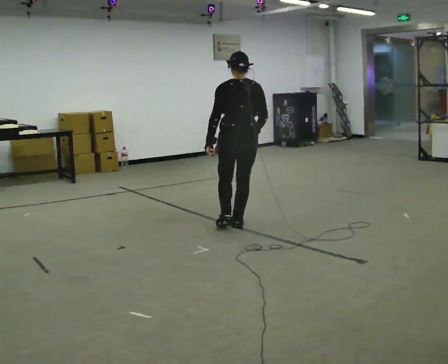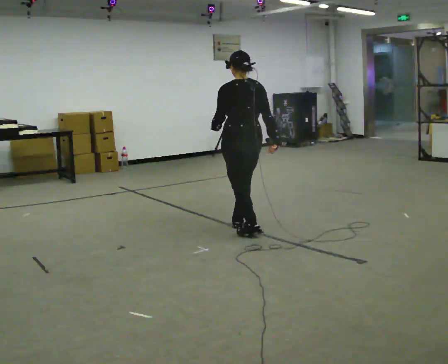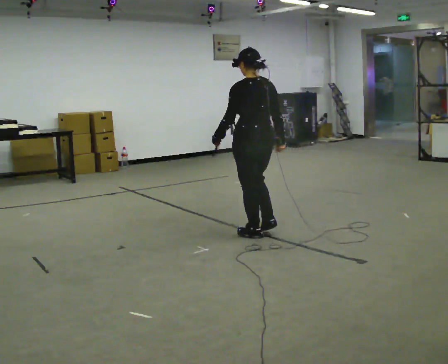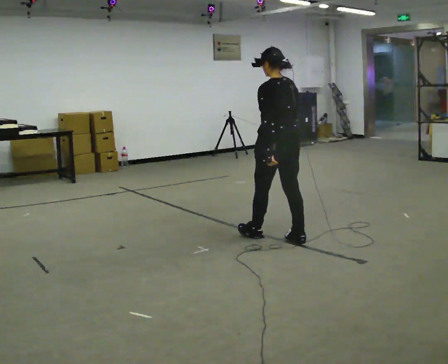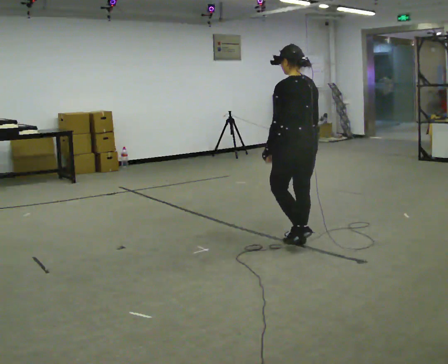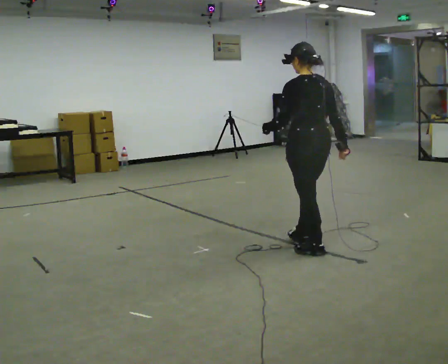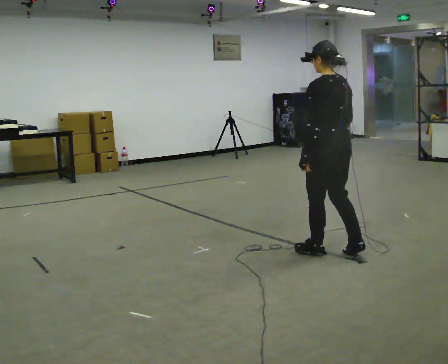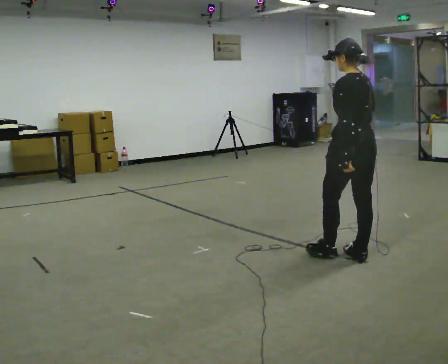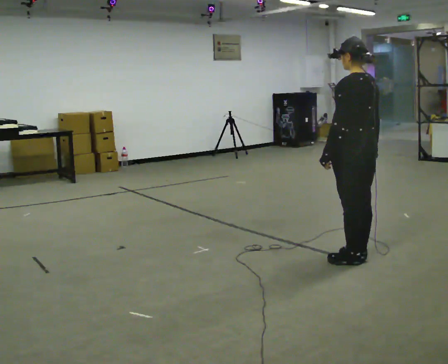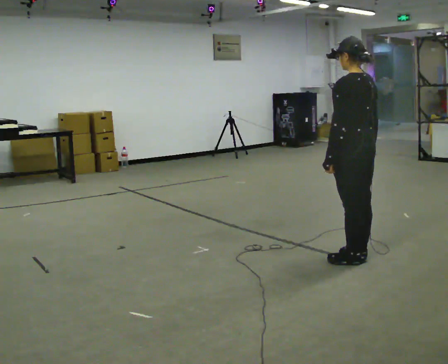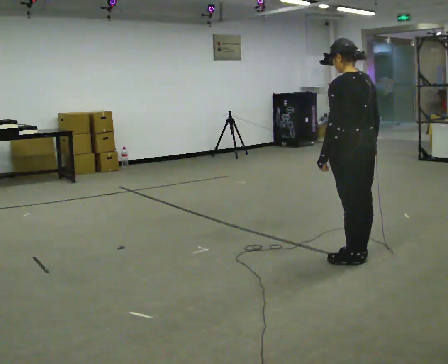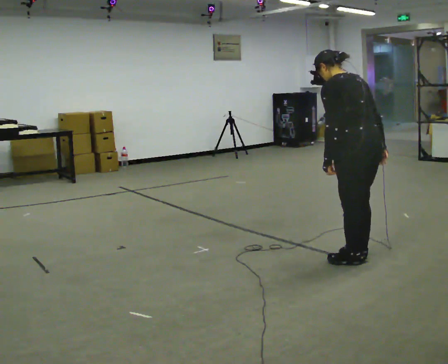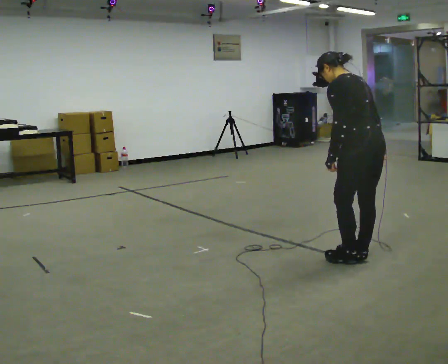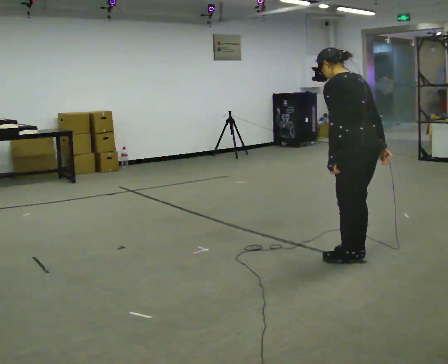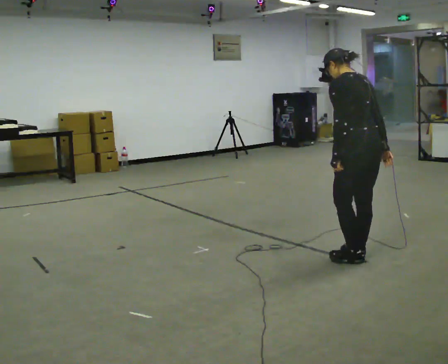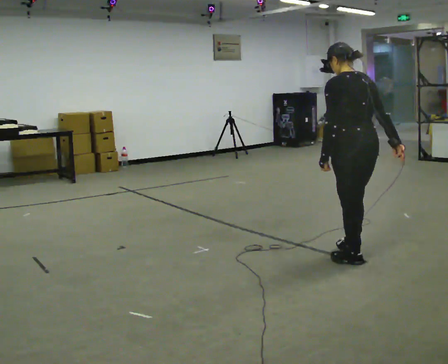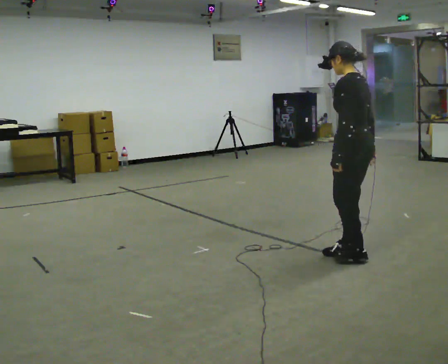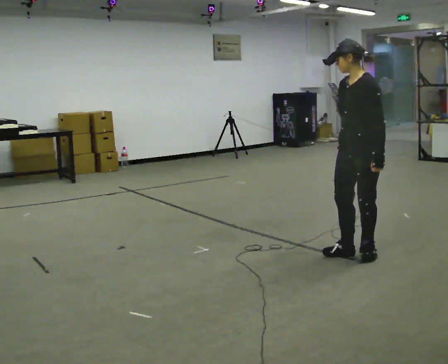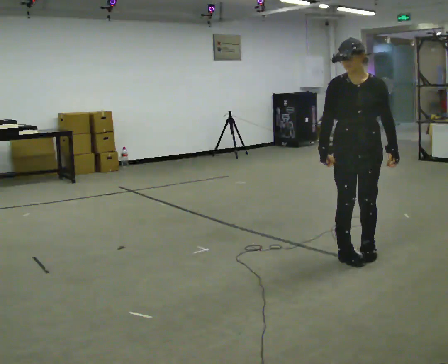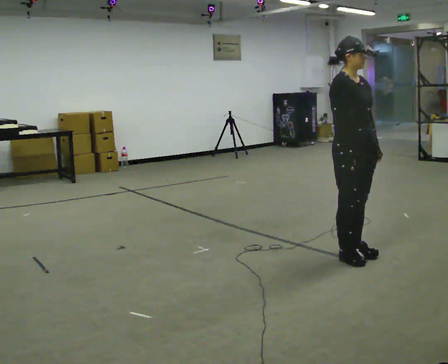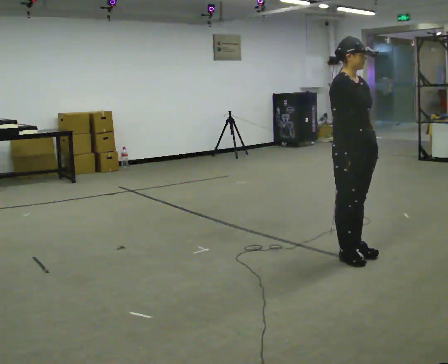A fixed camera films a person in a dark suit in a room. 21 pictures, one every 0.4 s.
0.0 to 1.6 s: The part of the body nearest the lens slides to the right as the person turns to their left by about 30 degrees. In the picture they go to the right and toward the camera, about 0.5 m in 2 steps, which for them is backward.
1.6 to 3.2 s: In the picture they go to the right and toward the camera, about 0.5 m in 2 steps, which for them is backward.
3.2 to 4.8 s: In the picture the upper body tilts counterclockwise, shoulders to the left, as they bend forward.
4.8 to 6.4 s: In the picture the upper body tilts clockwise, shoulders to the right, as they lean back or straighten.
6.4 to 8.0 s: Seen from above the body turns counterclockwise, about 165 degrees: to their left, with its near side sliding to the right.
The film runs backward here.
